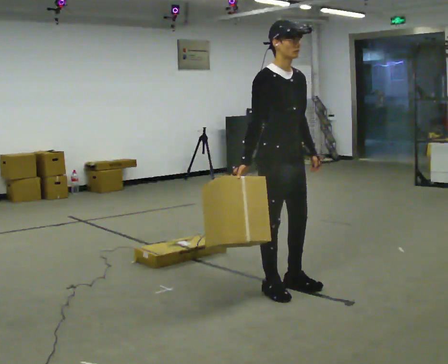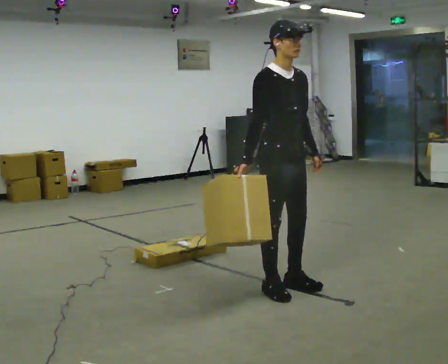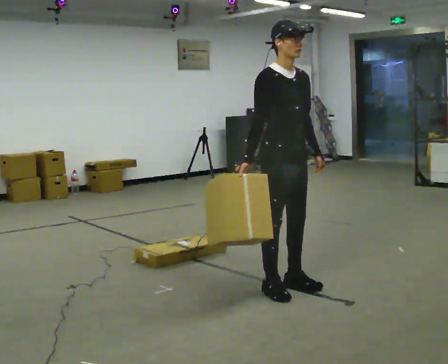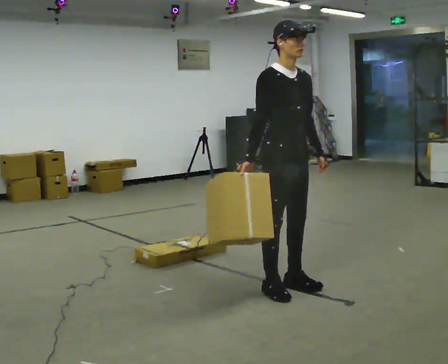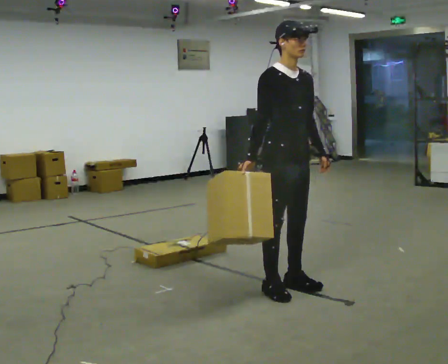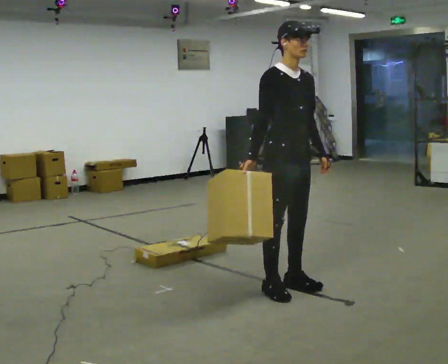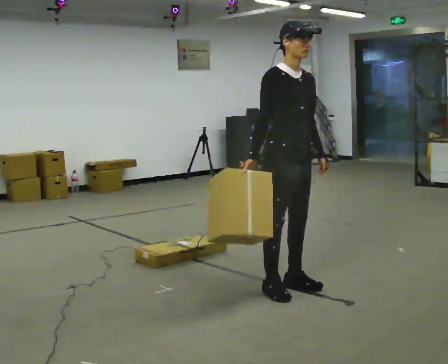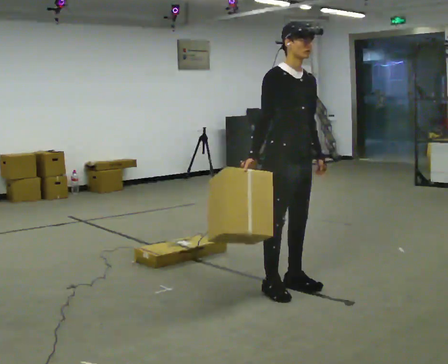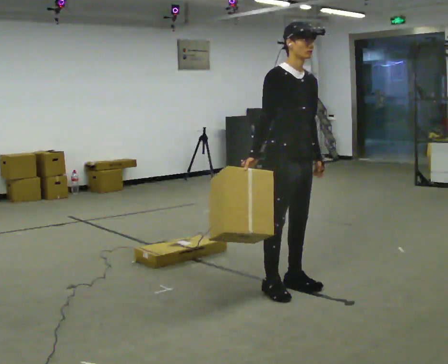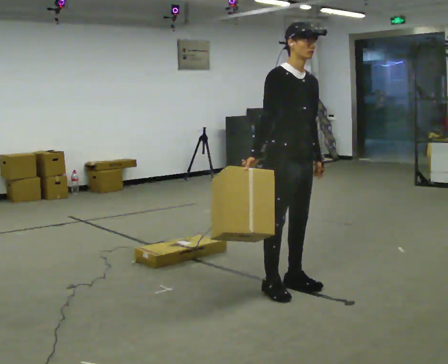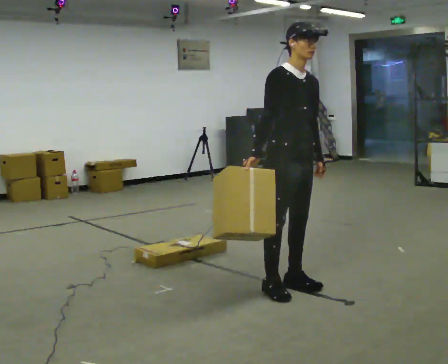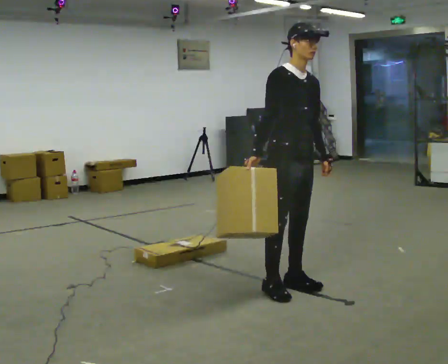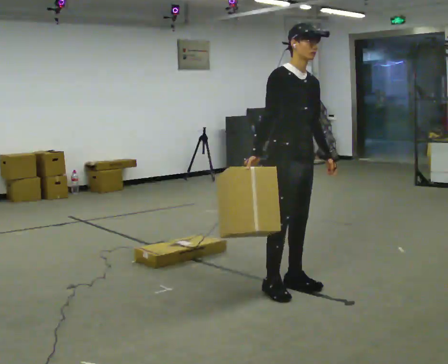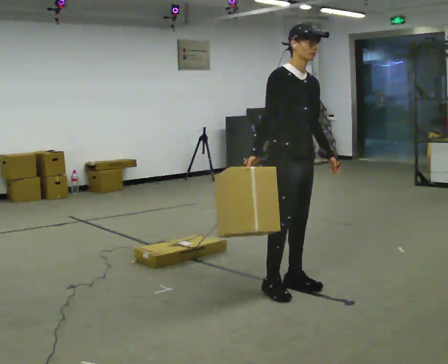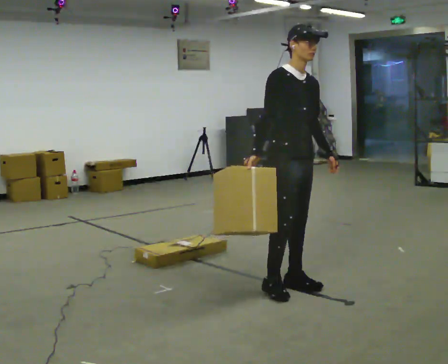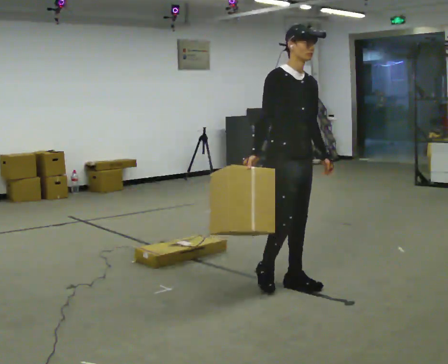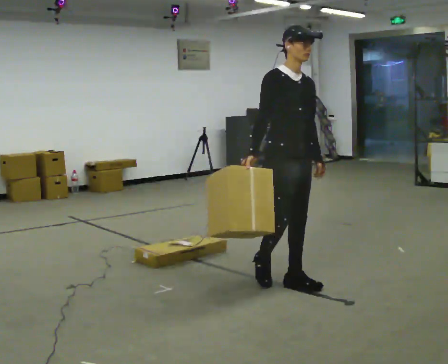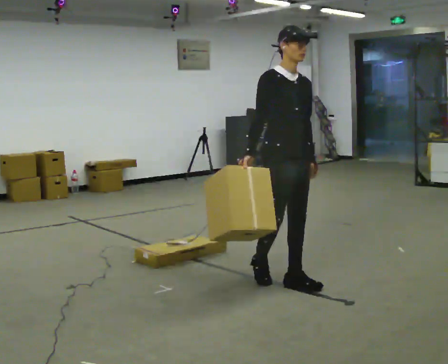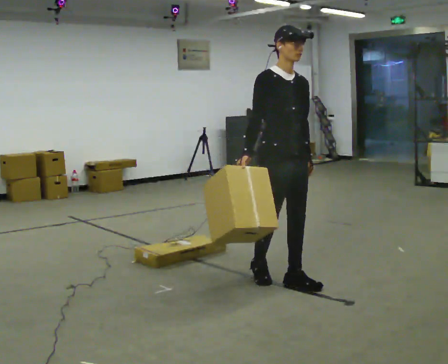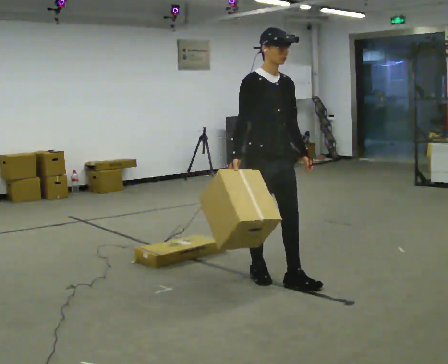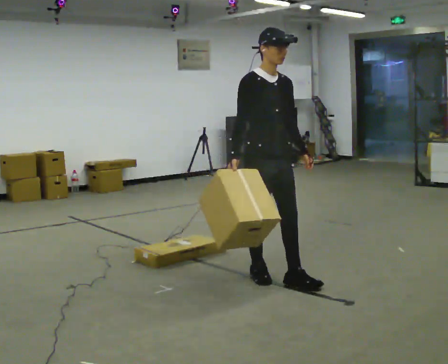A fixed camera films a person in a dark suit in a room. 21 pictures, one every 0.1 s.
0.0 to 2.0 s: In the picture they go away from the camera, about 0.25 m in 1 step, which for them is backward.
The film runs backward here.
